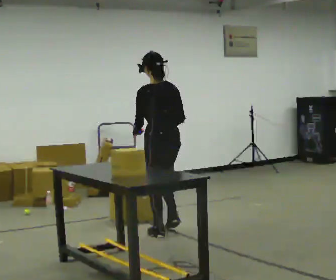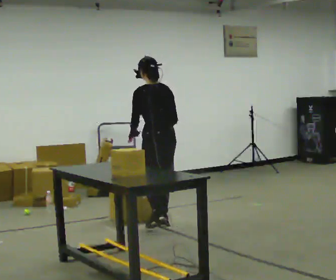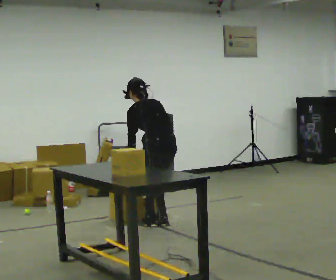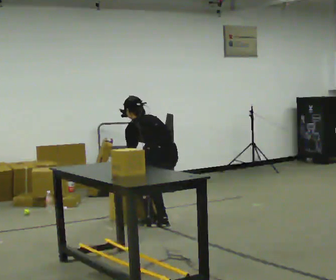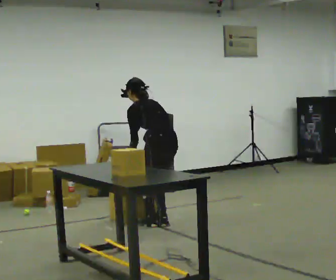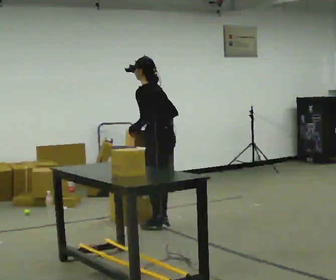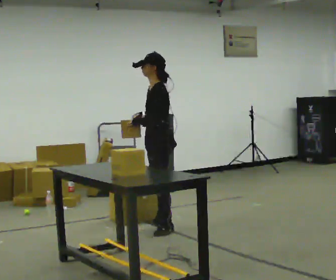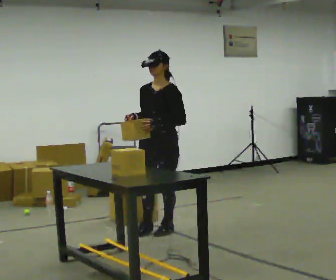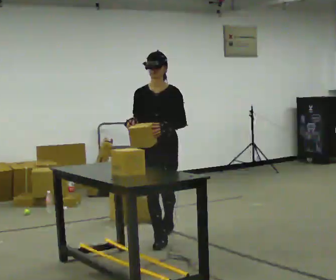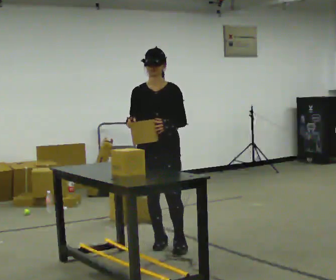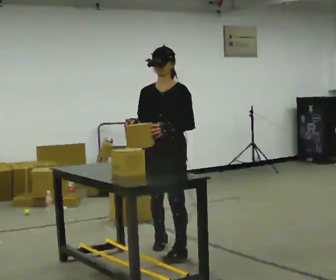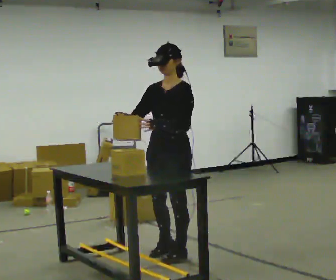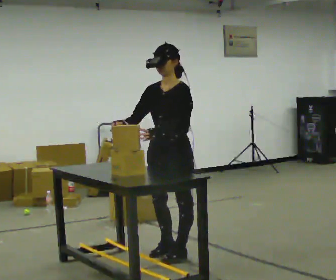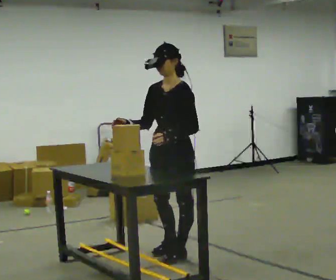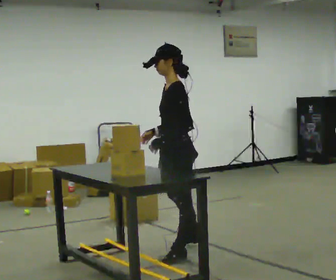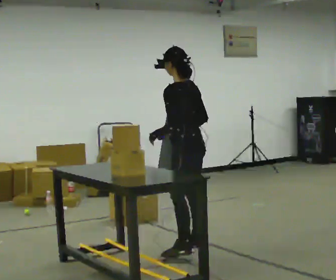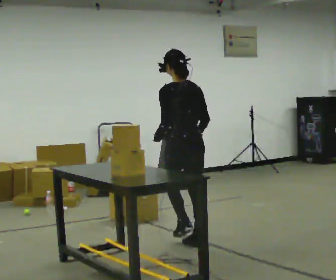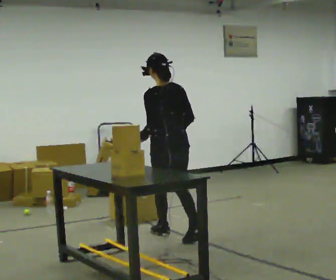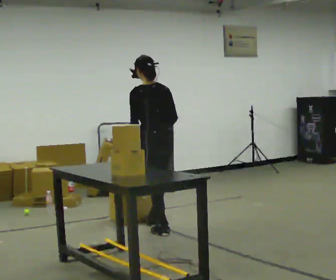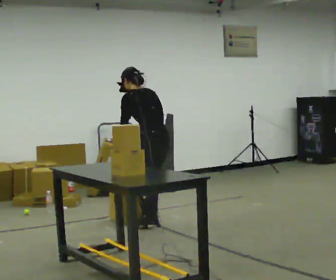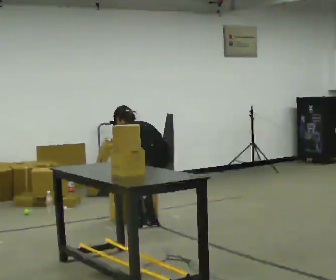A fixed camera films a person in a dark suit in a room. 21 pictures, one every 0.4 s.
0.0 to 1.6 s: In the picture they go away from the camera, about 0.25 m in 2 steps, which for them is forward and to their right.
1.6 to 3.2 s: Seen from above the body turns counterclockwise, about 135 degrees: to their left, with its near side sliding to the right. In the picture they go toward the camera, about 0.5 m in 2 steps. The upper body tips toward the camera, its near side rolling downward, as they lean back or straighten. In the picture their right hand goes upward.
3.2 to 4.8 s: The part of the body nearest the lens slides to the left as the person turns to their right by about 30 degrees. In the picture they go toward the camera, about 0.5 m in 2 steps, which for them is forward and to their left.
4.8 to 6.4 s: Seen from above the body turns clockwise, about 105 degrees: to their right, with its near side sliding to the left. In the picture they go away from the camera, about 0.5 m in 1 step.
6.4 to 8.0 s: In the picture they go away from the camera and to the left, about 0.75 m in 3 steps, which for them is forward. The shoulders move downward. The upper body tips away from the camera, its near side rolling upward, as they bend forward. In the picture their right hand goes downward.
The film runs forward here.
